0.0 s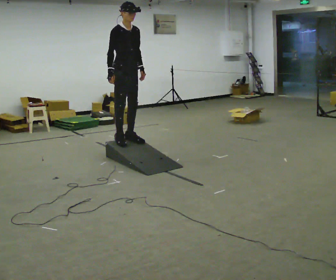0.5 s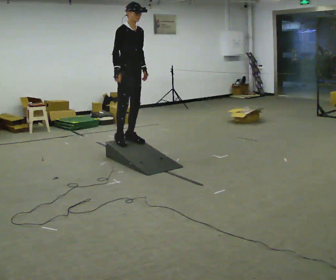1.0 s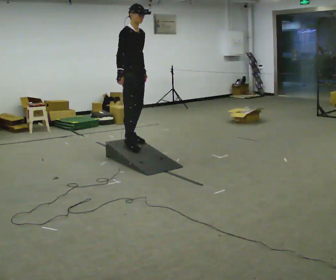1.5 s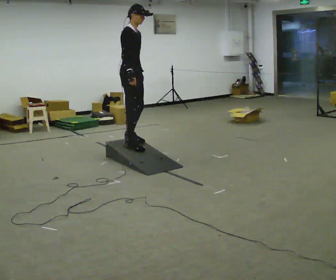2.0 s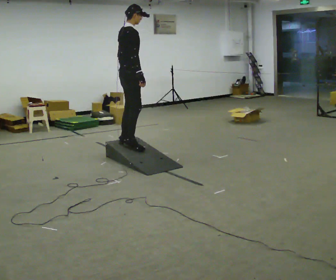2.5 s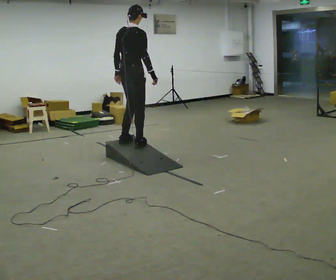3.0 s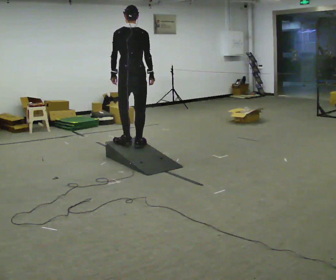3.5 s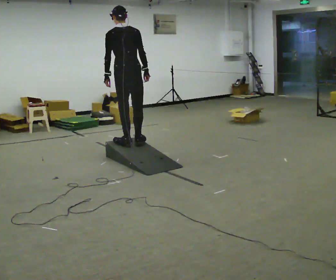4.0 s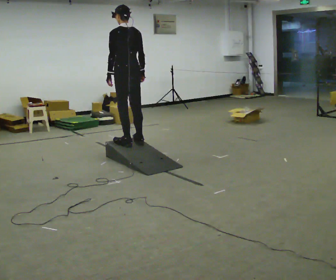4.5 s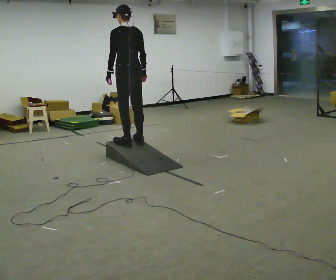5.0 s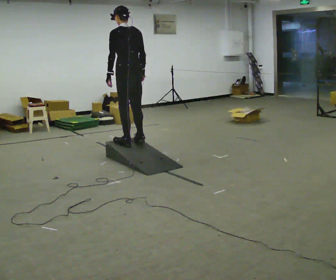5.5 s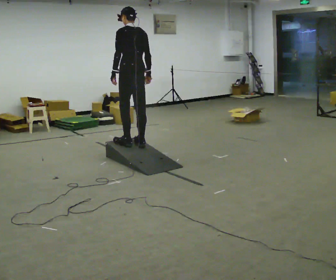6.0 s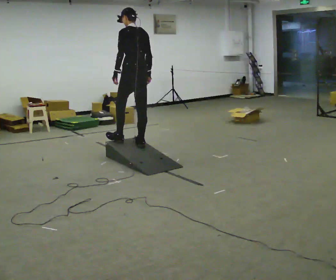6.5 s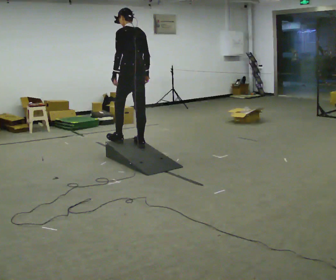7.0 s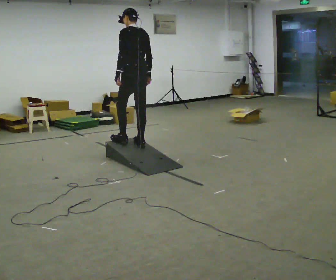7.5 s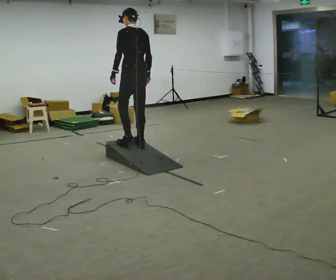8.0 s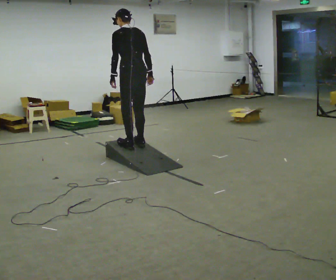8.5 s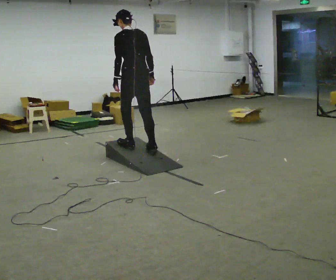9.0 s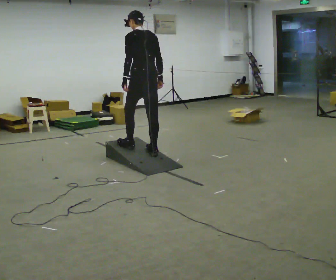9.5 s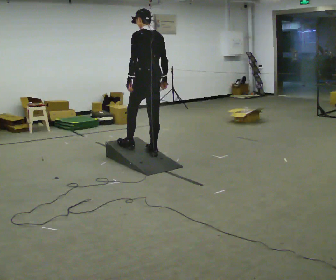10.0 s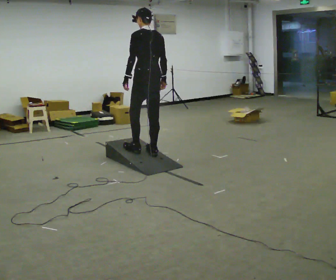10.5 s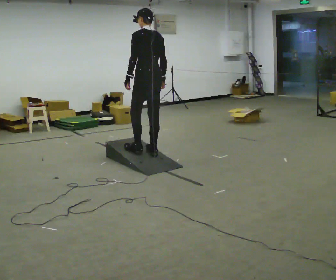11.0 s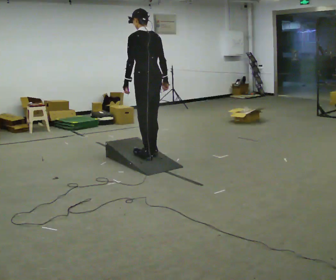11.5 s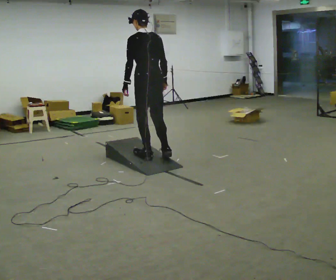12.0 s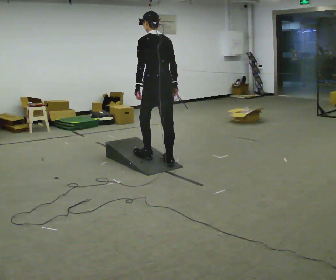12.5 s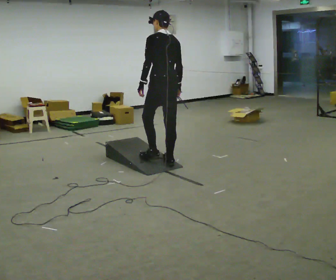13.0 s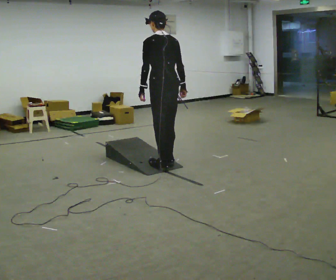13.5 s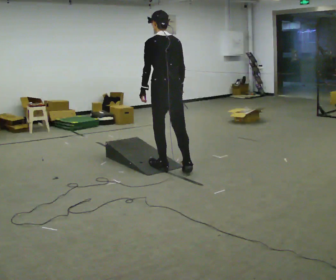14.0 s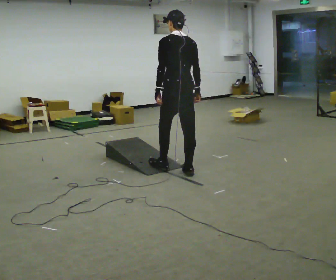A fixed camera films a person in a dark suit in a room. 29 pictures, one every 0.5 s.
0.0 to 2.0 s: The person turns about 60 degrees to their left, counterclockwise seen from above, so the part of the body nearest the lens slides to the right. In the picture their right hand goes to the right.
2.0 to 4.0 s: The person turns about 105 degrees to their left, counterclockwise seen from above, so the part of the body nearest the lens slides to the right.
4.0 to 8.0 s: The person moves a little, or ends about where they began.
8.0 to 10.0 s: In the picture they go to the right and toward the camera, about 0.25 m in 1 step, which for them is backward.
10.0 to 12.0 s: In the picture they go toward the camera, about 0.25 m in 2 steps, which for them is backward.
12.0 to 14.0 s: In the picture they go toward the camera and to the right, about 0.25 m in 2 steps, which for them is backward.
The film runs backward here.
